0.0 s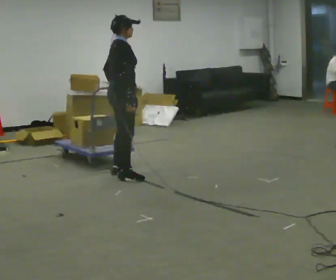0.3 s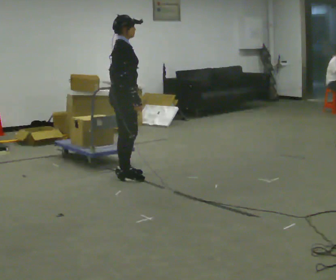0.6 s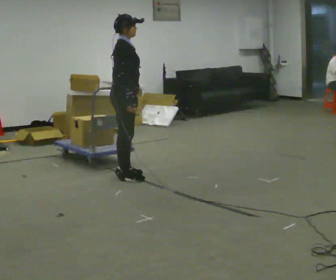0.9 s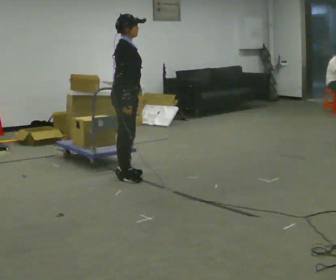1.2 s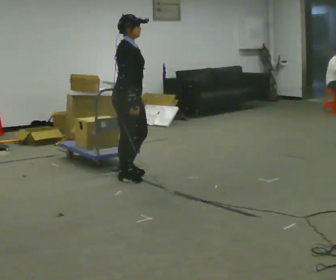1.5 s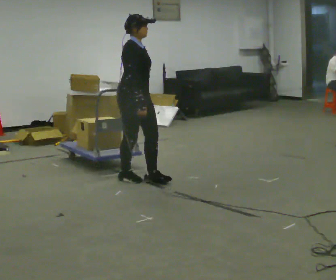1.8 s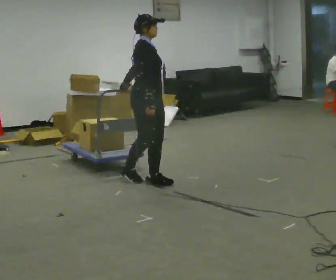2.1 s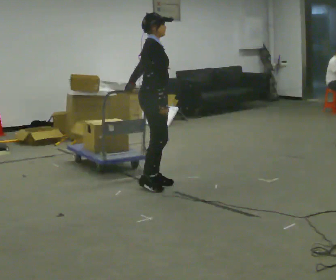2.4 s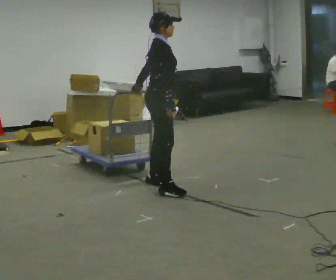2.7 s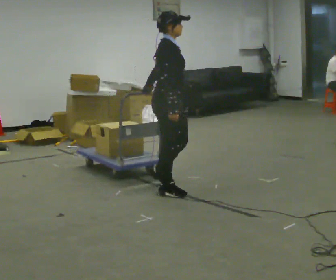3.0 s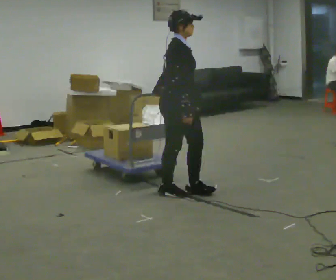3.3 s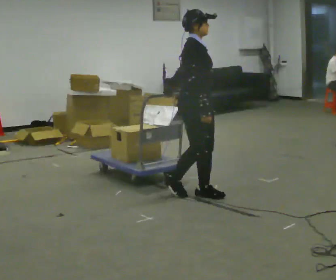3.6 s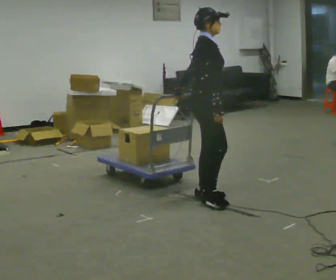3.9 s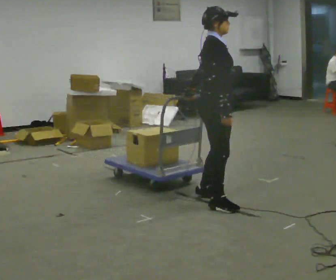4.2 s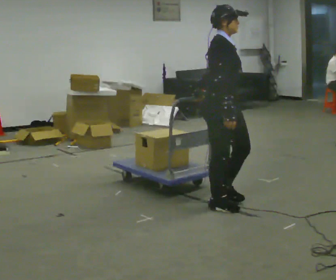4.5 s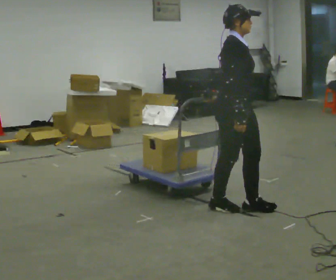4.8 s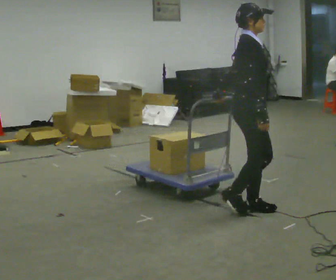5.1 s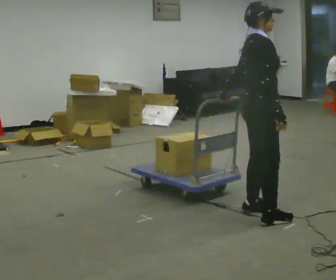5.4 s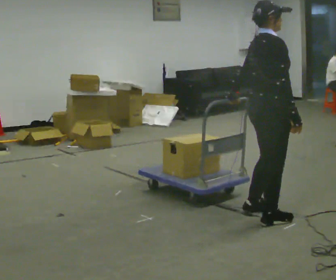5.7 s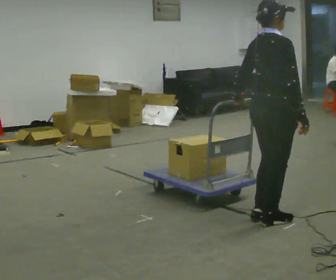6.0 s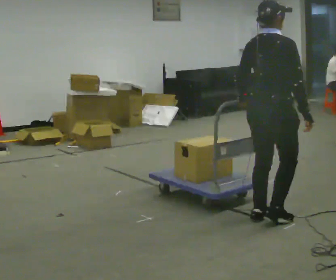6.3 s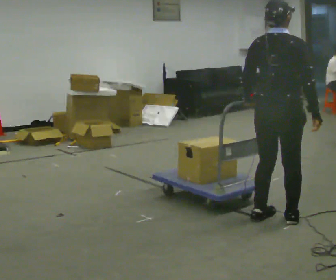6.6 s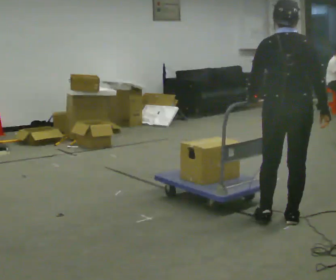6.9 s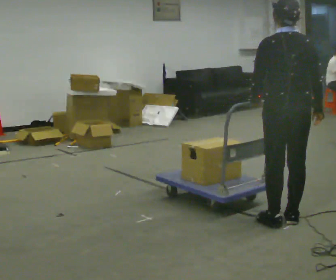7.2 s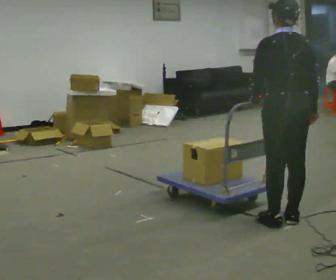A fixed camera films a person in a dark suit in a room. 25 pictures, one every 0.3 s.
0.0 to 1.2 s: The part of the body nearest the lens slides to the left as the person turns to their right by about 30 degrees.
1.2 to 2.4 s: In the picture they go to the right and toward the camera, about 0.5 m in 2 steps, which for them is forward.
2.4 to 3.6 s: In the picture they go to the right and toward the camera, about 0.5 m in 1 step, which for them is forward and to their right.
3.6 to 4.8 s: In the picture they go to the right and toward the camera, about 0.5 m in 2 steps, which for them is forward and to their right.
4.8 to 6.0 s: The person turns about 60 degrees to their left, counterclockwise seen from above, so the part of the body nearest the lens slides to the right. In the picture they go toward the camera, about 0.25 m in 2 steps, which for them is to their right. In the picture their right hand goes to the right.
6.0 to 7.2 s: The person turns about 60 degrees to their left, counterclockwise seen from above, so the part of the body nearest the lens slides to the right.
The film runs forward here.
